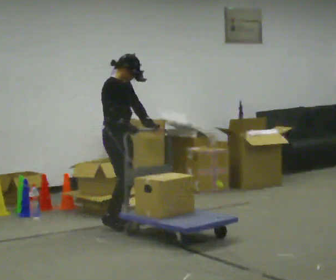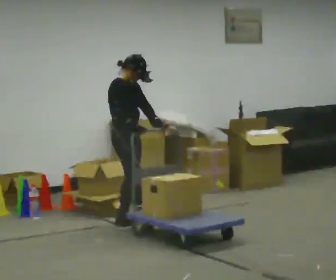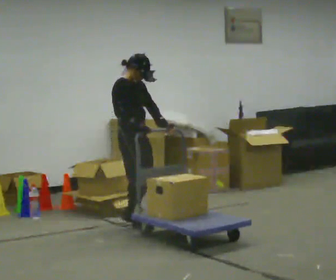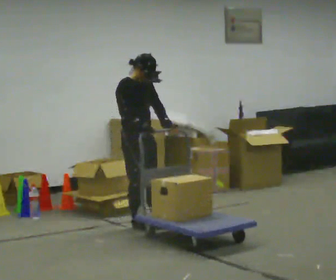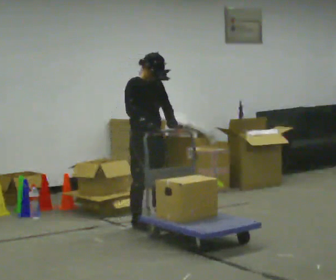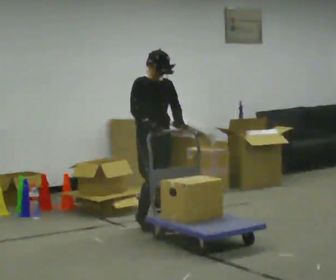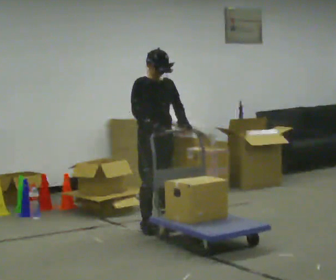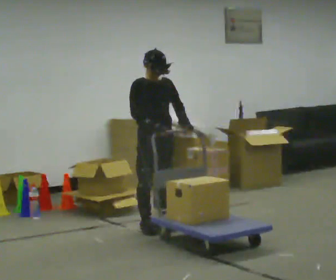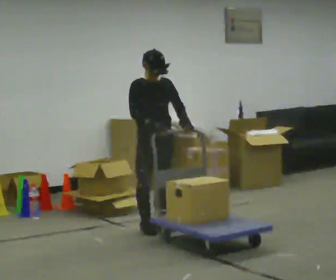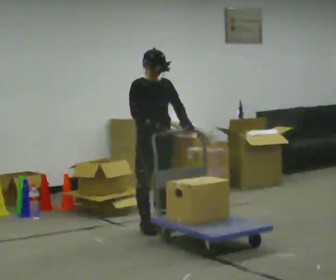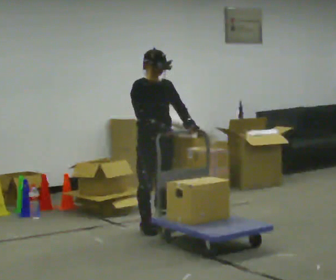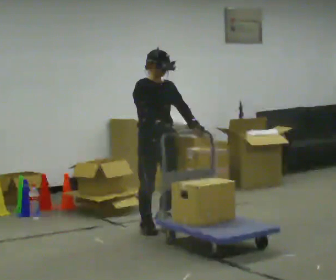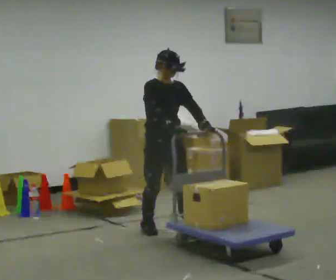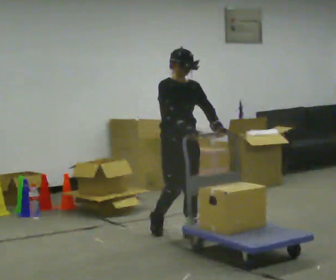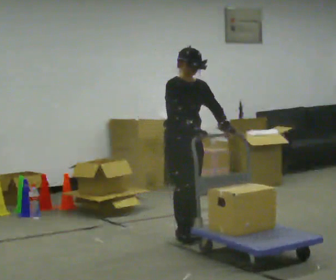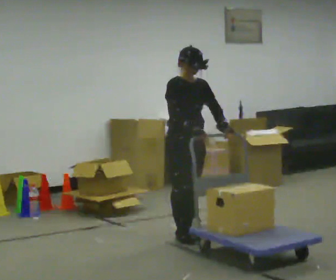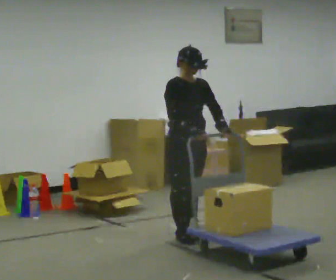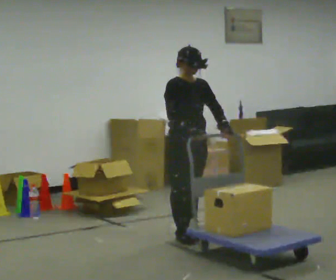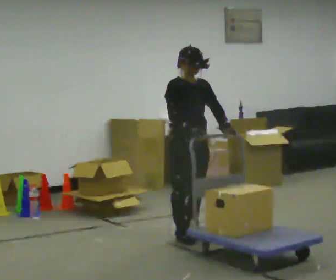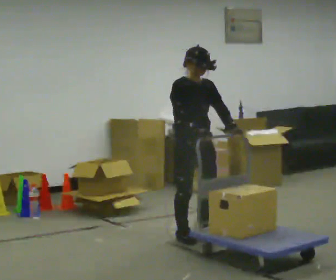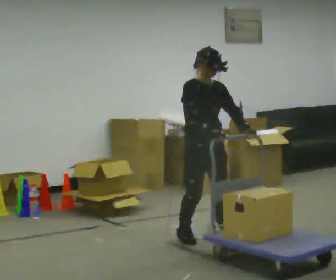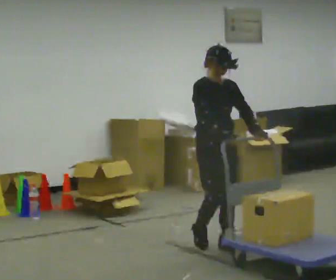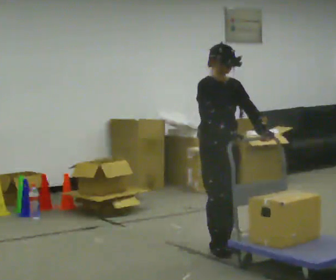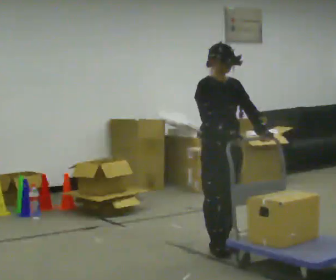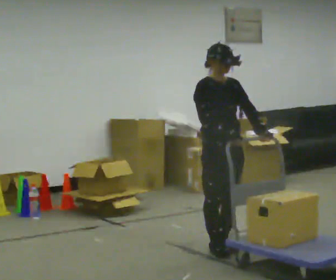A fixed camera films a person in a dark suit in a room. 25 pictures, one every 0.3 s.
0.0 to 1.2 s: The person turns about 30 degrees to their right, clockwise seen from above, so the part of the body nearest the lens slides to the left. In the picture they go to the right, about 0.25 m in 2 steps, which for them is forward.
1.2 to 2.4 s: The person moves a little, or ends about where they began.
2.4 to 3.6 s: In the picture they go toward the camera, about 0.25 m, which for them is forward.
3.6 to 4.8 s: In the picture they go to the right and toward the camera, about 0.25 m in 2 steps, which for them is forward.
4.8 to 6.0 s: In the picture they go toward the camera, about 0.25 m in 1 step, which for them is forward.
6.0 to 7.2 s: In the picture they go toward the camera, about 0.25 m in 1 step, which for them is forward.
The film runs forward here.
